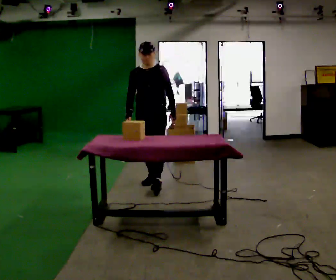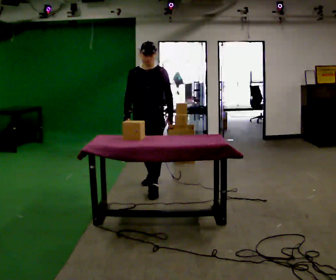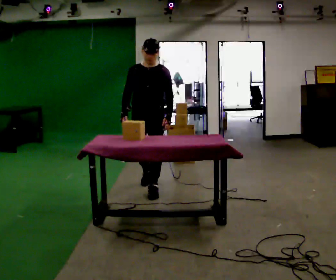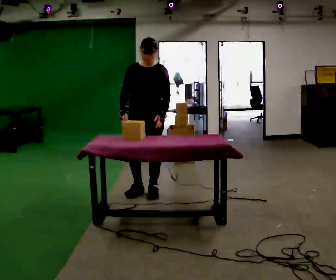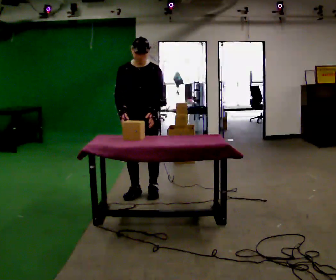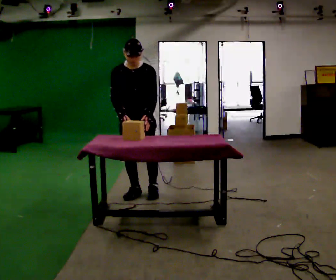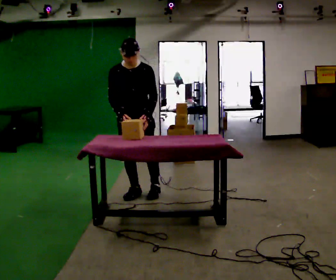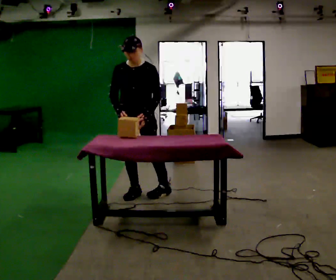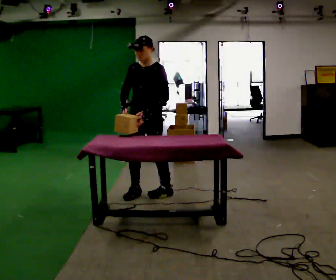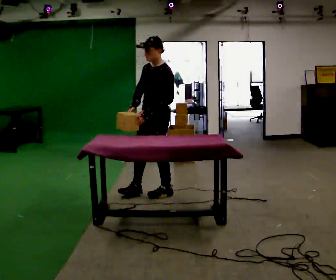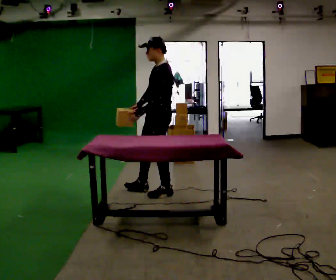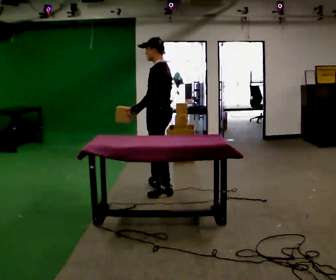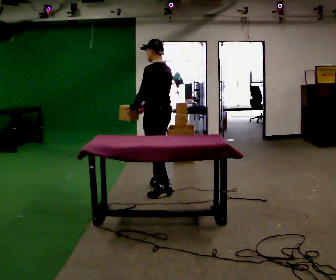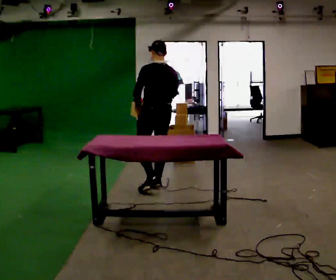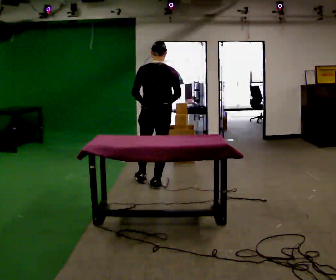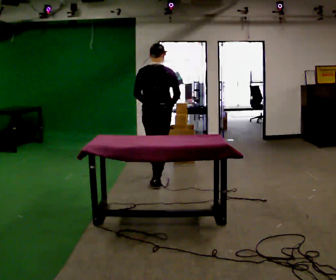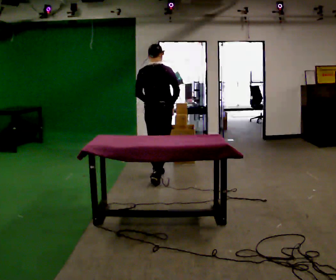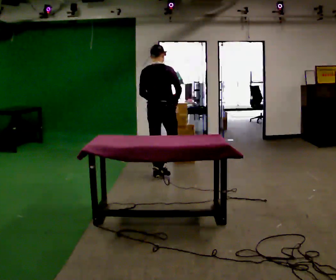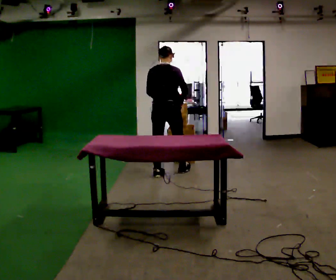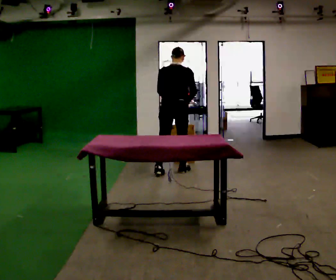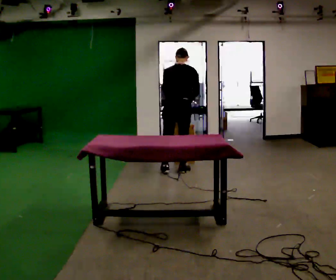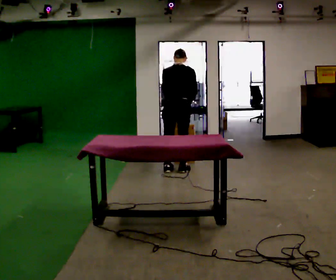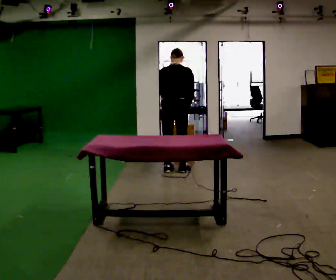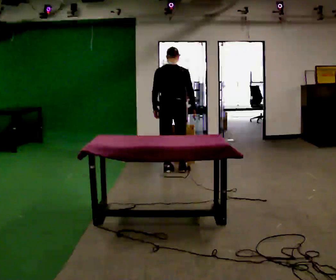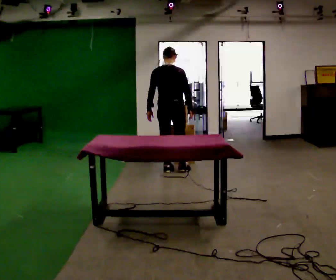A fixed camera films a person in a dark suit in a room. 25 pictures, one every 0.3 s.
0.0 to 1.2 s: In the picture they go toward the camera, about 0.5 m in 2 steps, which for them is forward.
1.2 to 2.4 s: The part of the body nearest the lens slides to the left as the person turns to their right by about 30 degrees.
2.4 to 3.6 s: Seen from above the body turns clockwise, about 90 degrees: to their right, with its near side sliding to the left. In the picture they go away from the camera, about 0.25 m in 1 step.
3.6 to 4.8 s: The person turns about 75 degrees to their right, clockwise seen from above, so the part of the body nearest the lens slides to the left. In the picture they go away from the camera, about 0.5 m in 1 step.
4.8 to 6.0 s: In the picture they go away from the camera and to the right, about 0.5 m in 1 step, which for them is forward and to their right.
6.0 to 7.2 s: The person moves a little, or ends about where they began.
The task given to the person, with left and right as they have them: Take objects off the shelf one at a time and put them into the bin on the floor beside you, stepping between the shelf and the bin each time. Keep going until the operator says stop; one object at a time, and do not rush between trips.
The film runs forward here.
